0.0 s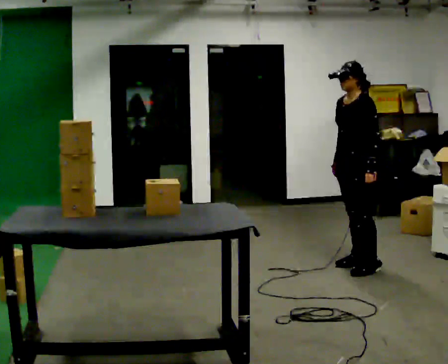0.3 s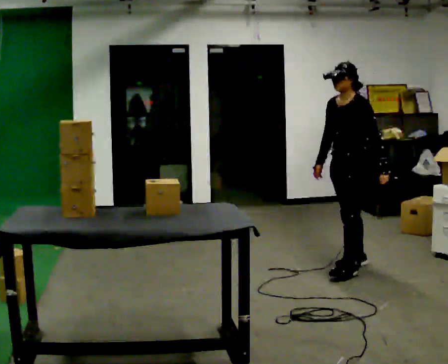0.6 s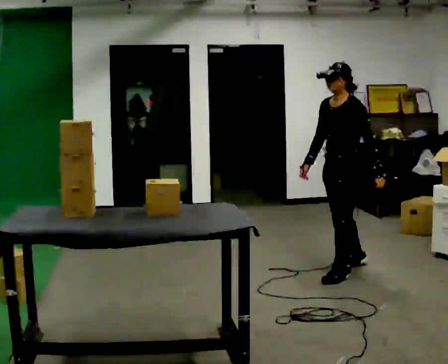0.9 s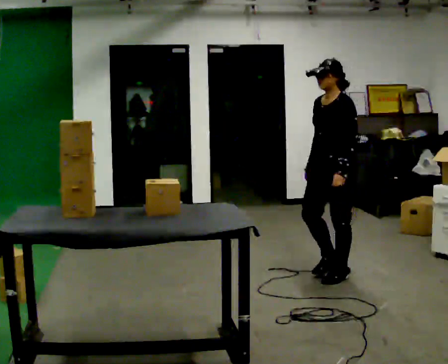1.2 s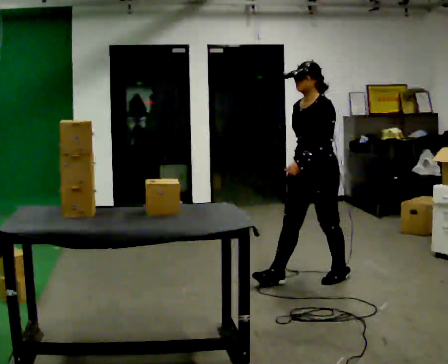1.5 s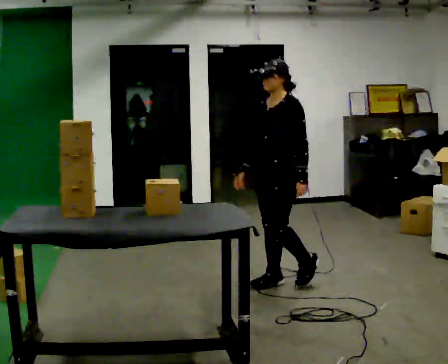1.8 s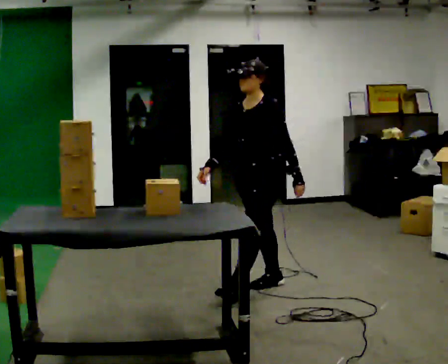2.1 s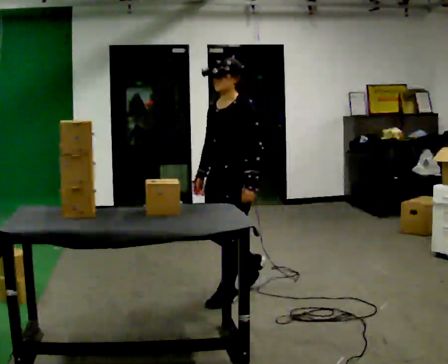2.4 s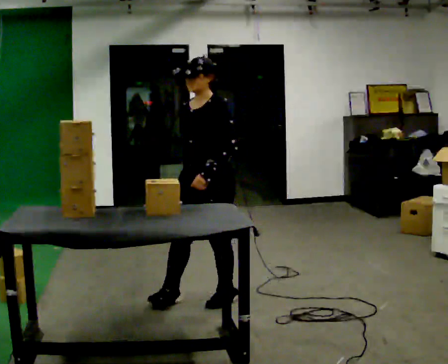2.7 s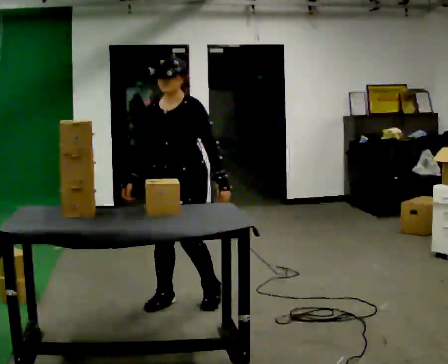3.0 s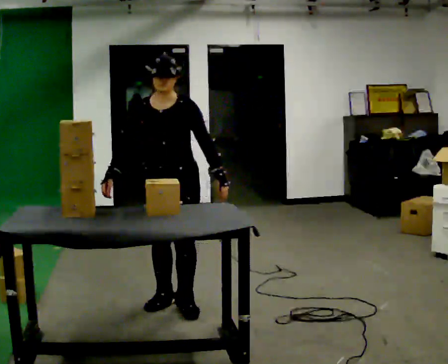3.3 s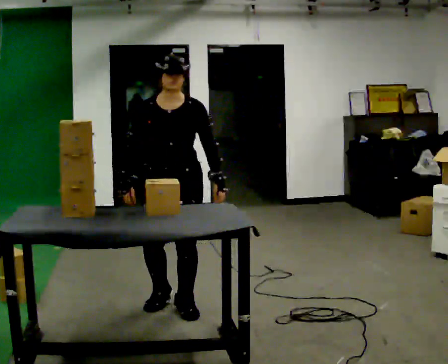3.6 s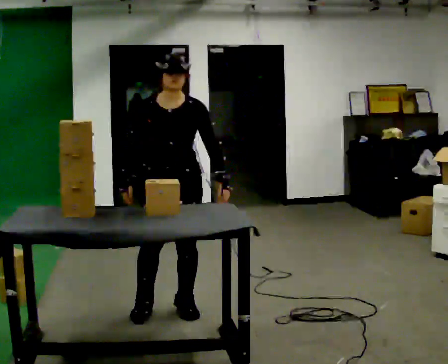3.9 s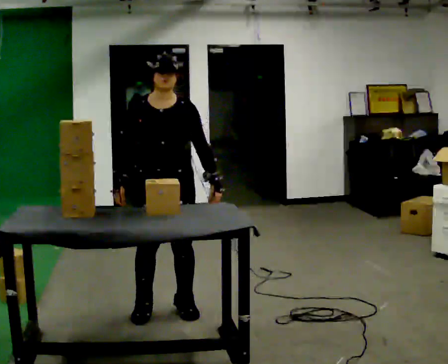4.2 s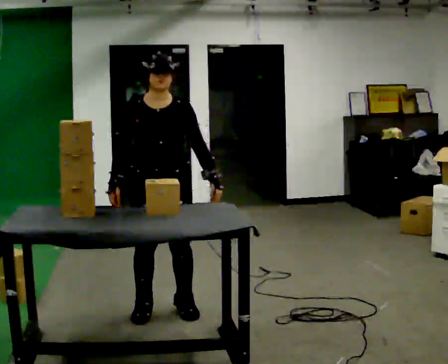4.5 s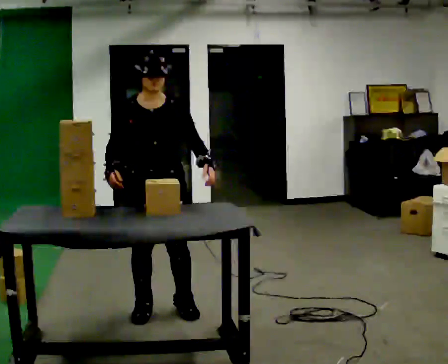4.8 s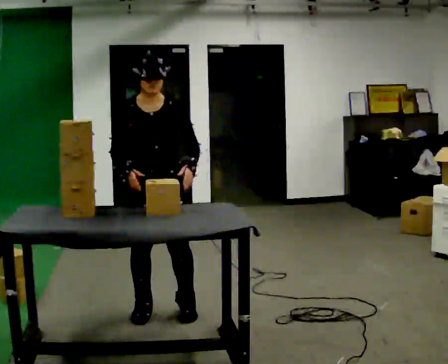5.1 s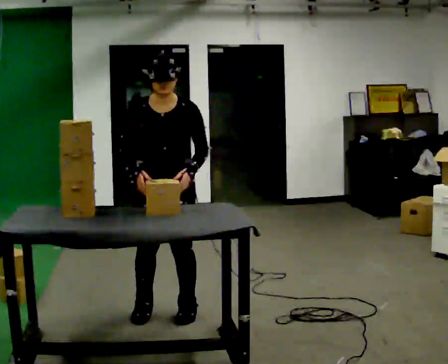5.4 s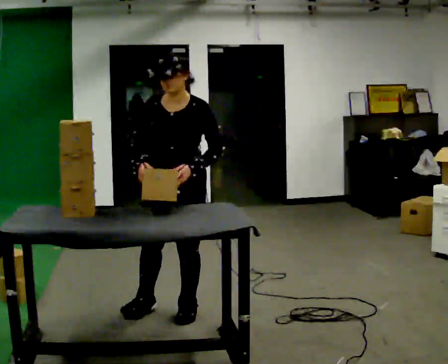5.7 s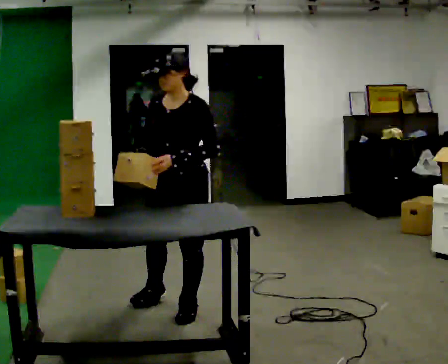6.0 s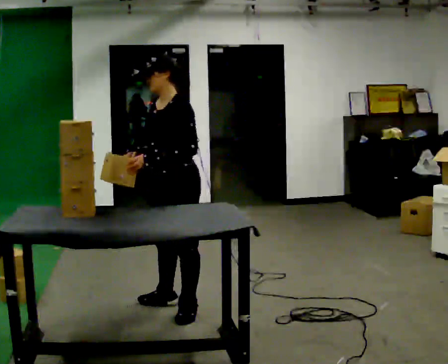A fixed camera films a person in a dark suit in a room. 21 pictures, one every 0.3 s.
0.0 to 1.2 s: In the picture they go to the left and toward the camera, about 0.5 m in 1 step, which for them is forward.
1.2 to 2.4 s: In the picture they go to the left, about 1 m in 2 steps, which for them is forward.
2.4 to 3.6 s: Seen from above the body turns counterclockwise, about 45 degrees: to their left, with its near side sliding to the right. In the picture they go to the left, about 0.25 m in 2 steps, which for them is forward and to their right.
3.6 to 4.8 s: The person moves a little, or ends about where they began.
4.8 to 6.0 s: The person turns about 75 degrees to their right, clockwise seen from above, so the part of the body nearest the lens slides to the left.
The film runs forward here.
